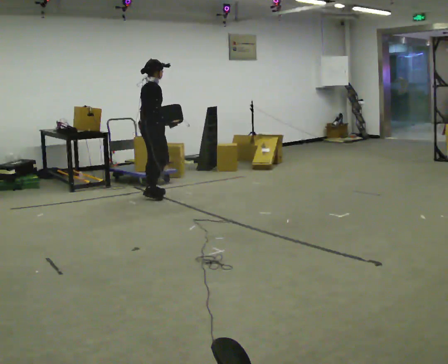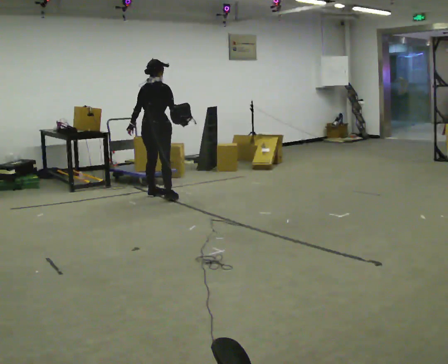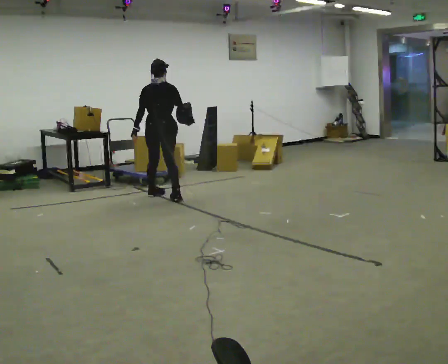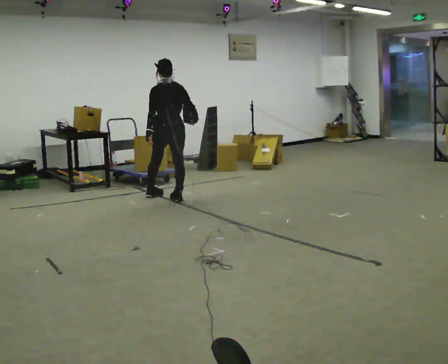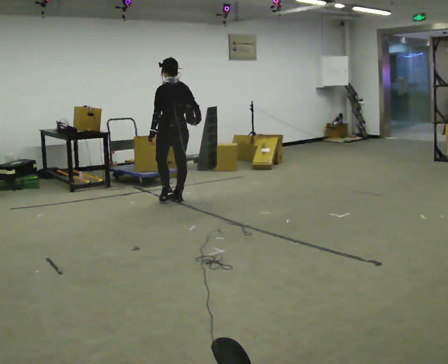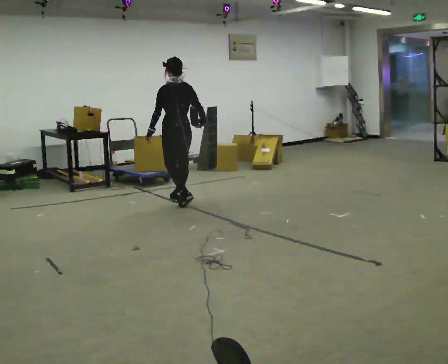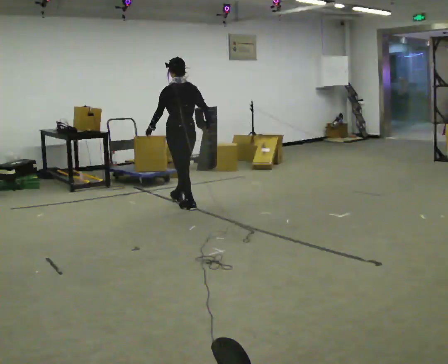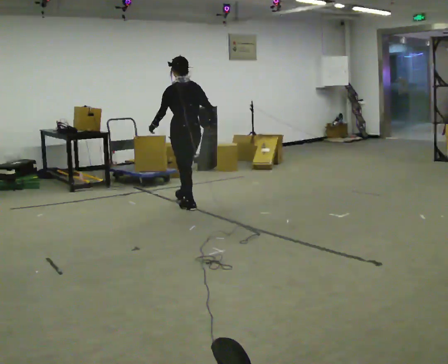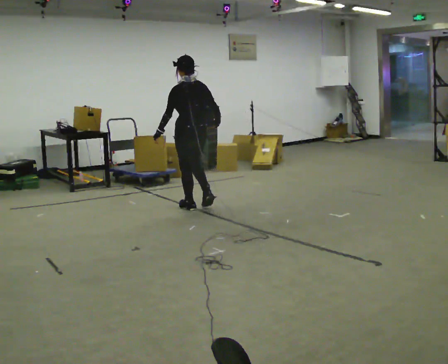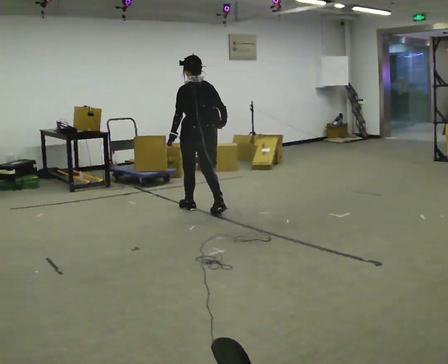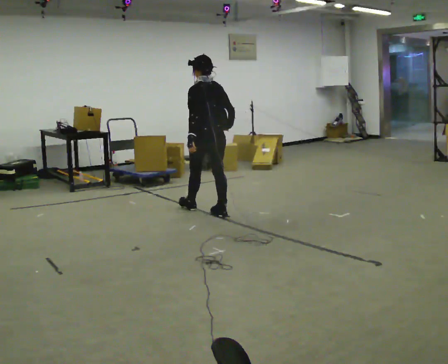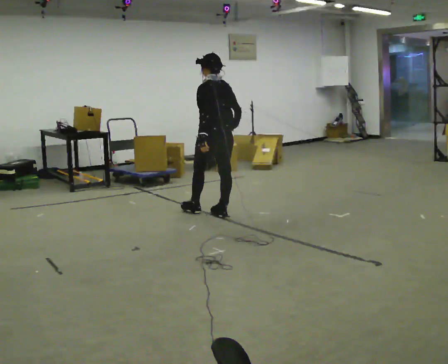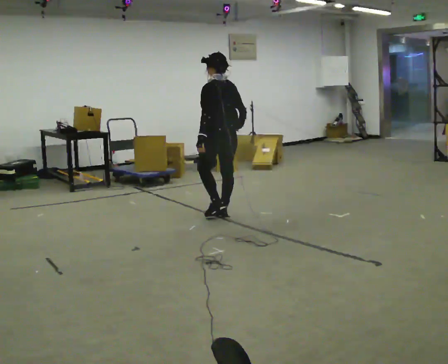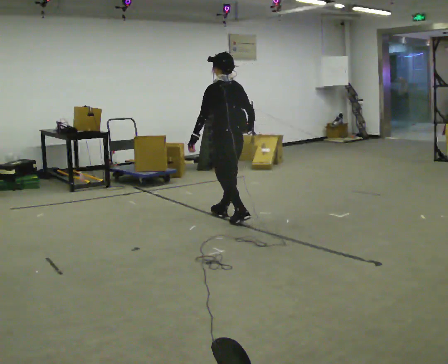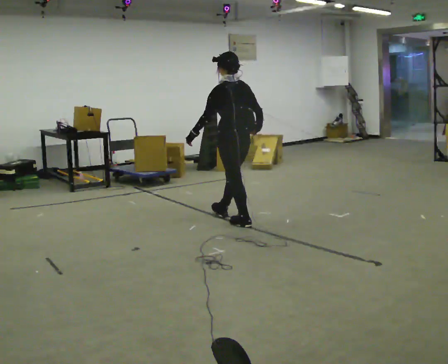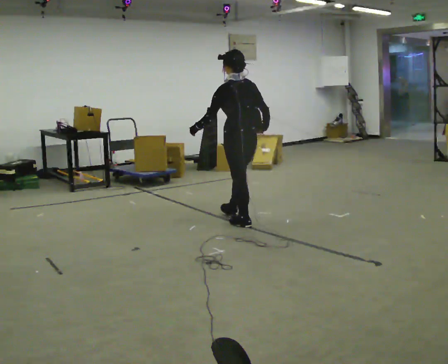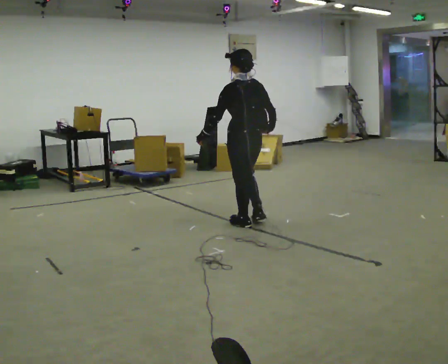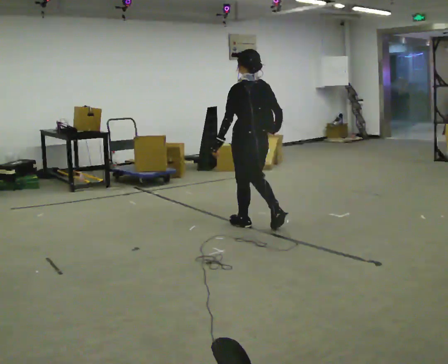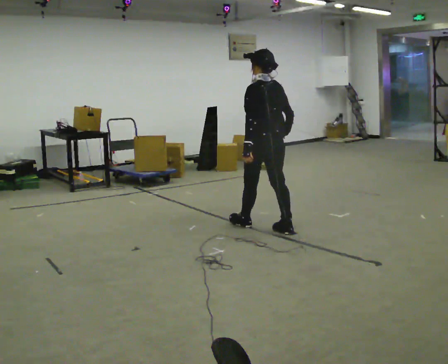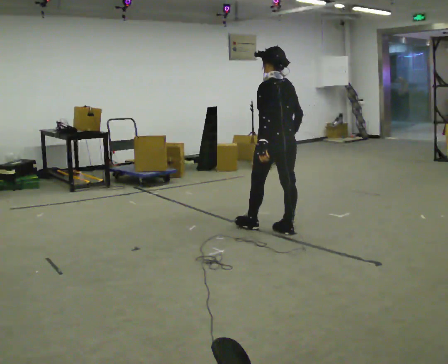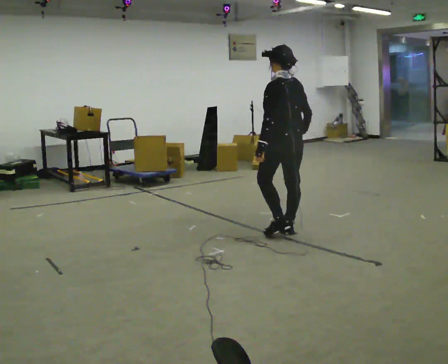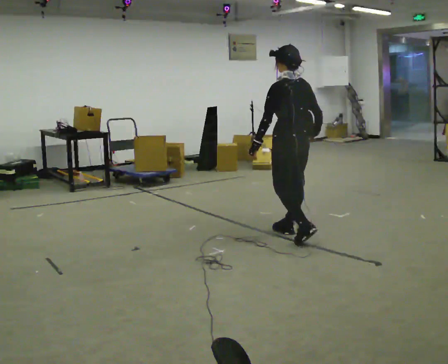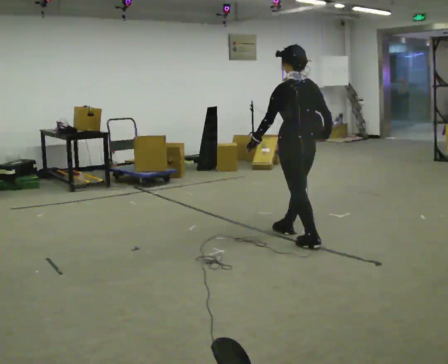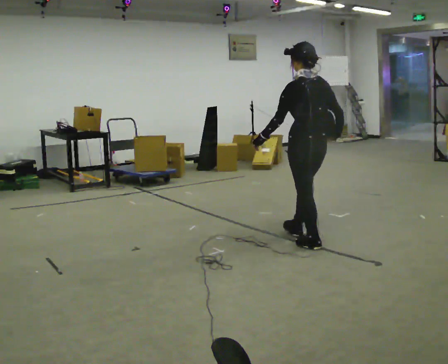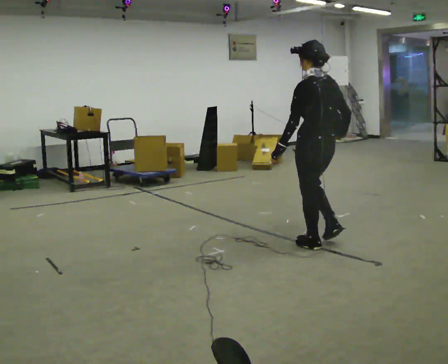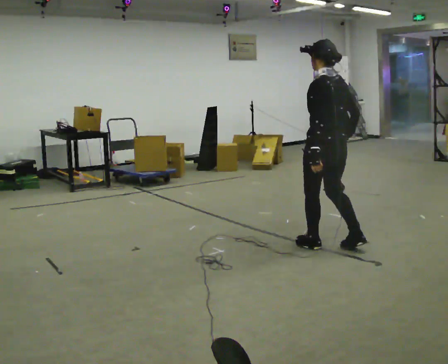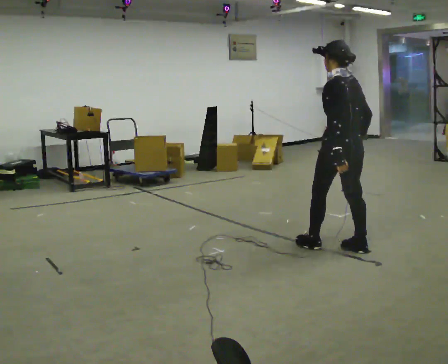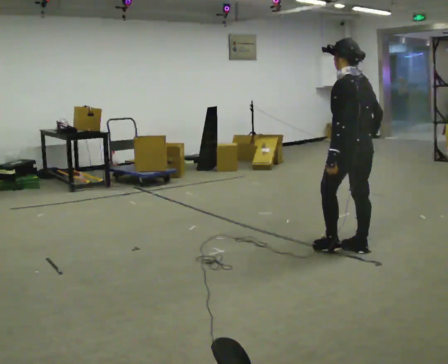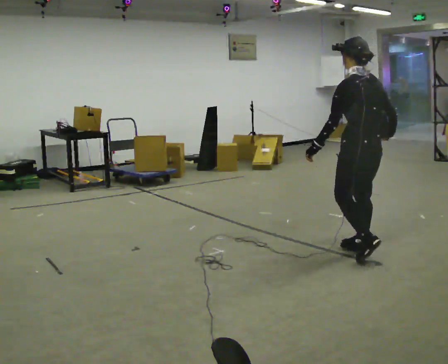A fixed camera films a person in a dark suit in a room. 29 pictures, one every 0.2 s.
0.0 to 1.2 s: Seen from above the body turns counterclockwise, about 105 degrees: to their left, with its near side sliding to the right. In the picture they go to the right and toward the camera, about 0.5 m in 1 step.
1.2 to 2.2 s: In the picture they go toward the camera and to the right, about 0.5 m in 2 steps, which for them is backward.
2.2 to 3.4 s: In the picture they go toward the camera and to the right, about 0.5 m in 1 step, which for them is backward.
3.4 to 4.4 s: In the picture they go toward the camera and to the right, about 0.5 m in 1 step, which for them is backward.
4.4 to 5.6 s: In the picture they go toward the camera and to the right, about 0.75 m in 2 steps, which for them is backward.
The film runs backward here.
